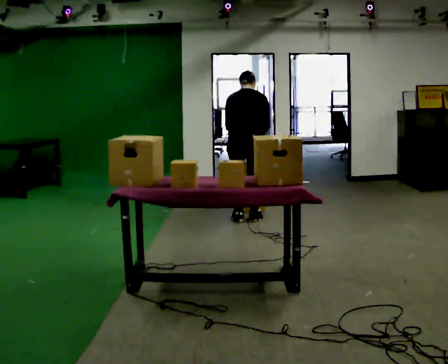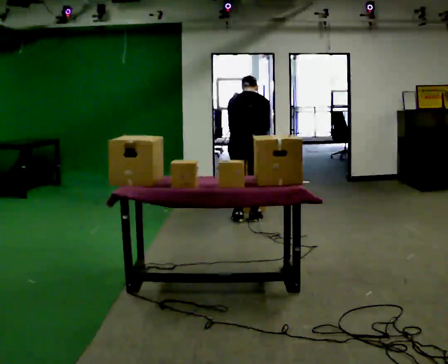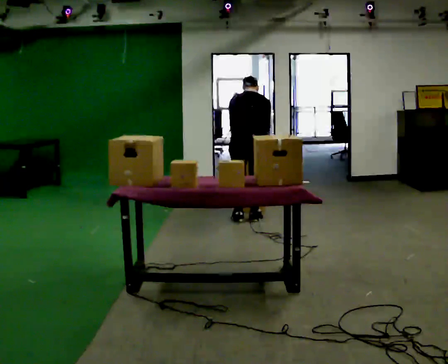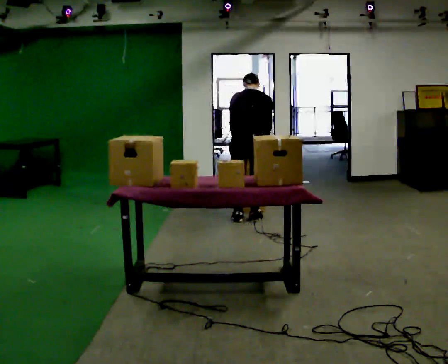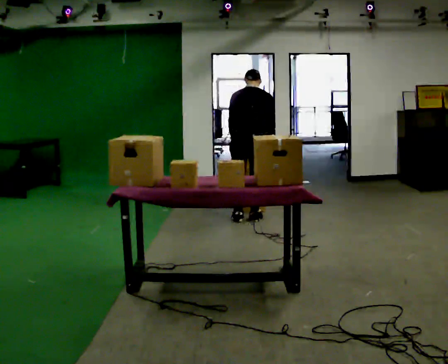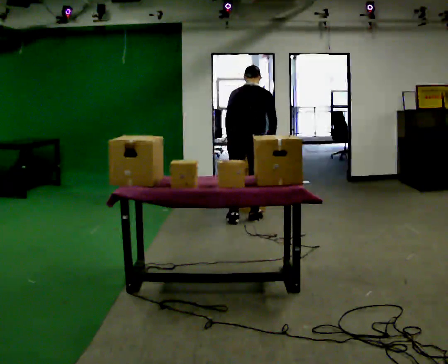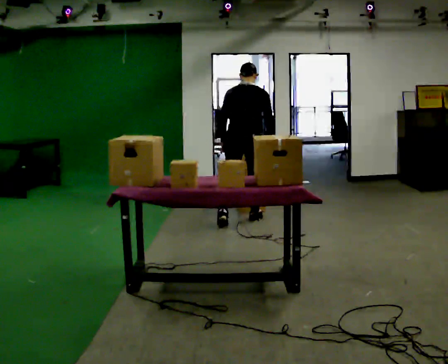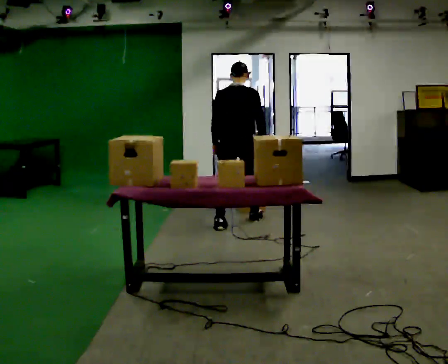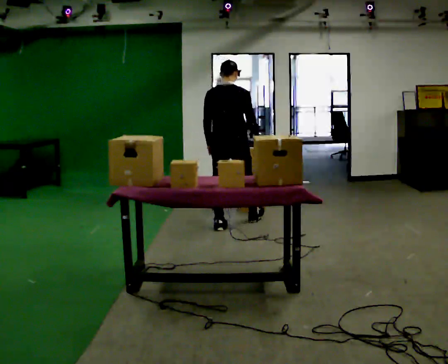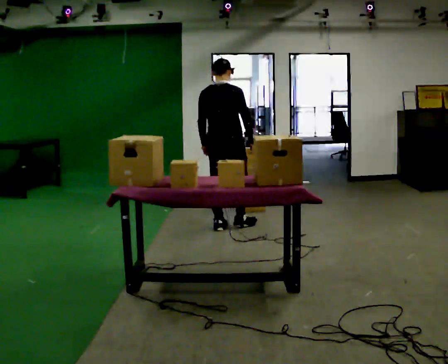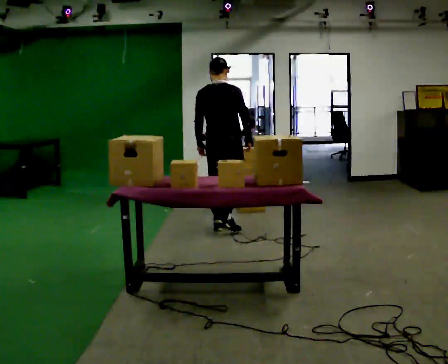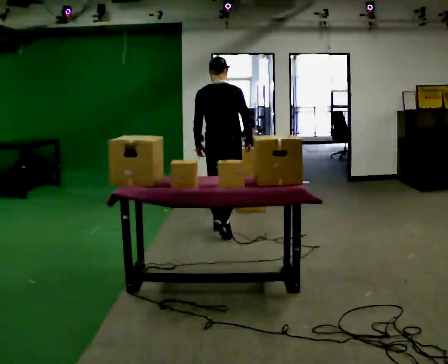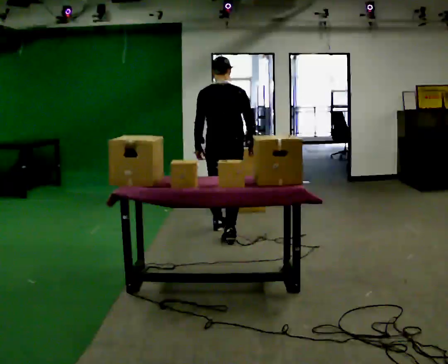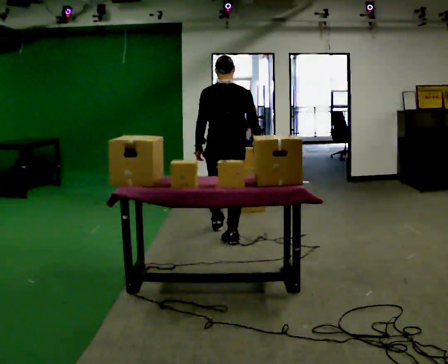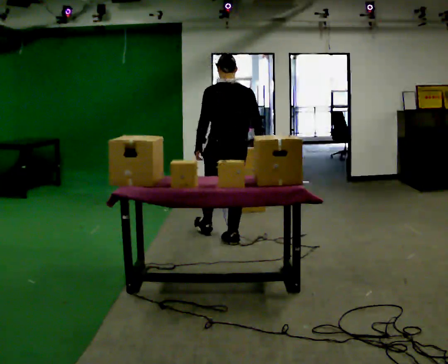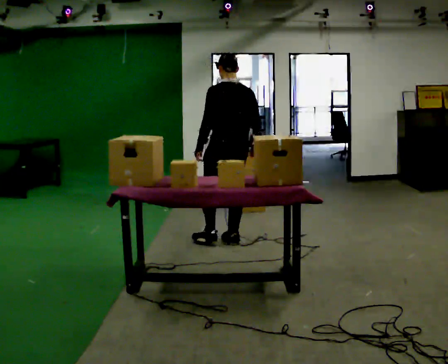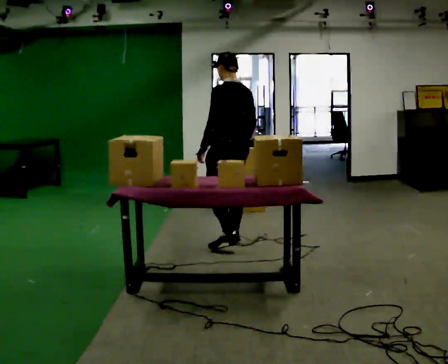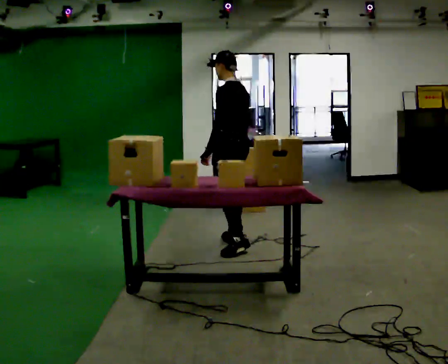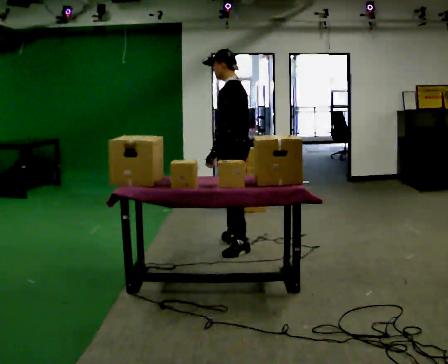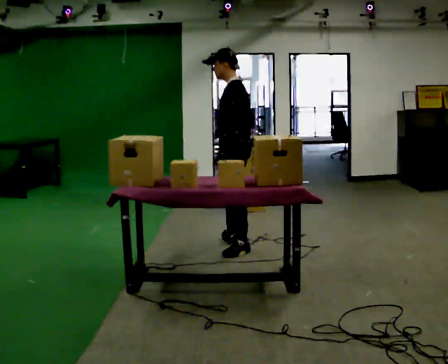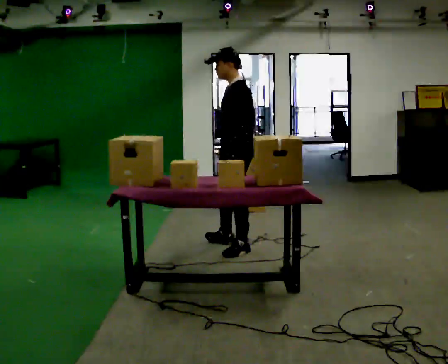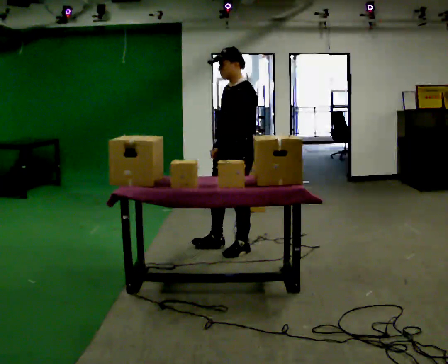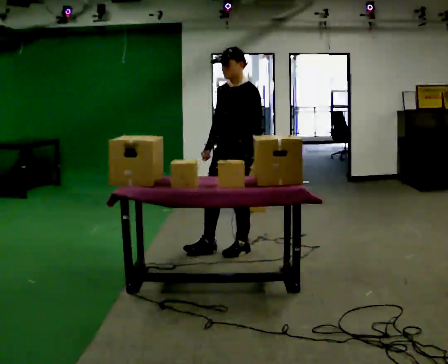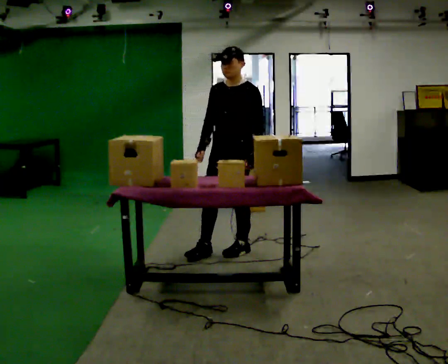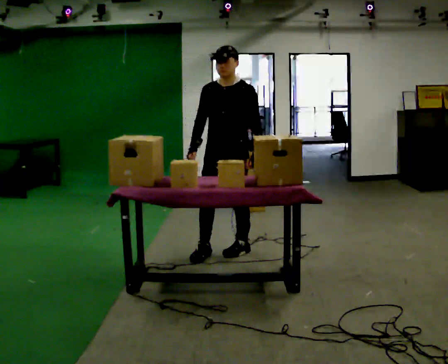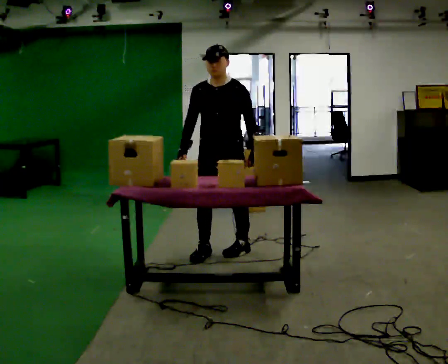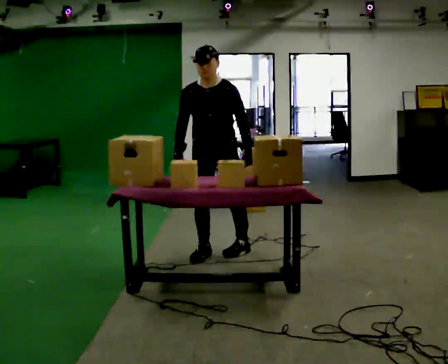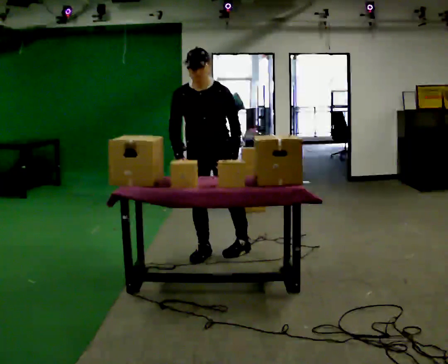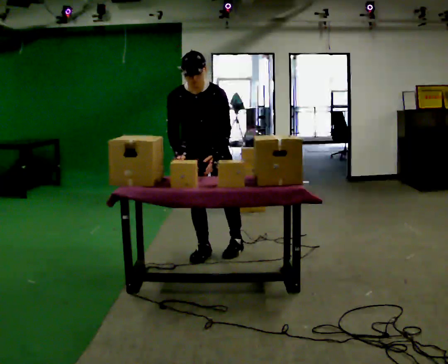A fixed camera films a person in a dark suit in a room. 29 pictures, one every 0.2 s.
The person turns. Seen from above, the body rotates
counterclockwise.
The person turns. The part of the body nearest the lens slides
to the right.
0.0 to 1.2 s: The person moves a little, or ends about where they began.
1.2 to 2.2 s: In the picture they go toward the camera and to the left, about 0.5 m in 1 step, which for them is backward.
2.2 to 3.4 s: The part of the body nearest the lens slides to the right as the person turns to their left by about 75 degrees. In the picture they go toward the camera, about 0.5 m in 1 step.
3.4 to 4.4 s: Seen from above the body turns counterclockwise, about 60 degrees: to their left, with its near side sliding to the right. In the picture they go toward the camera, about 0.25 m in 1 step, which for them is to their left.
4.4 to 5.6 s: The person turns about 60 degrees to their left, counterclockwise seen from above, so the part of the body nearest the lens slides to the right. In the picture they go to the left, about 0.25 m, which for them is to their right and forward. The upper body tips toward the camera, its near side rolling downward, as they bend forward.
The film runs backward here.
